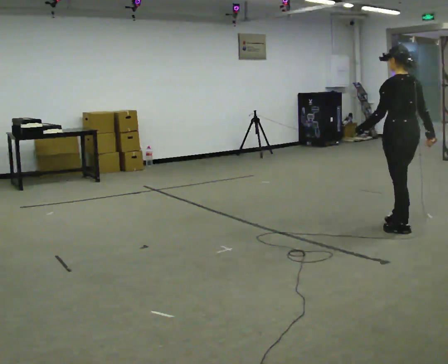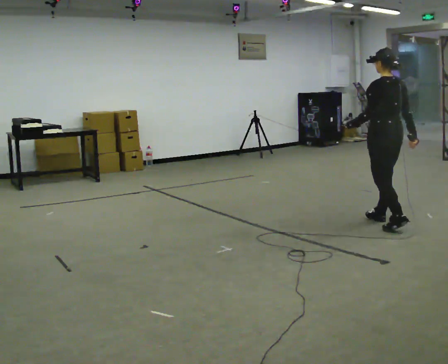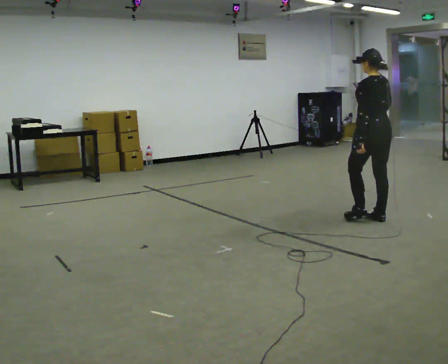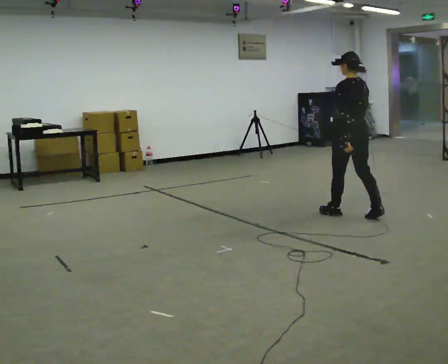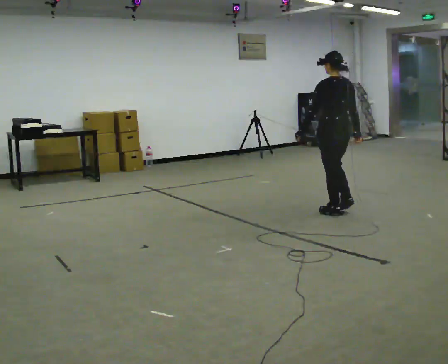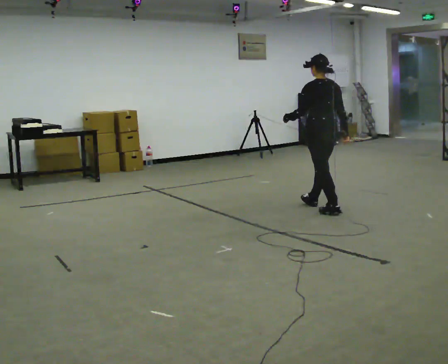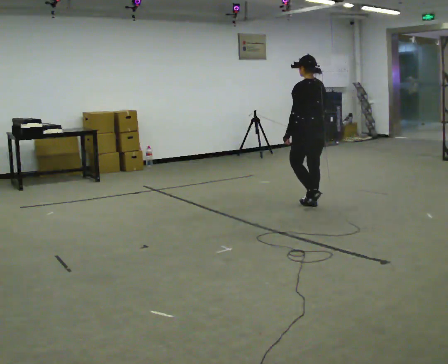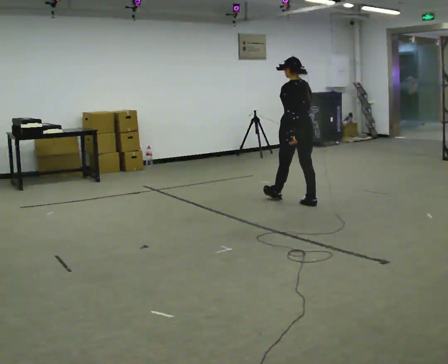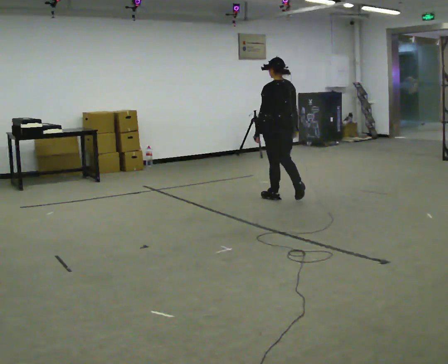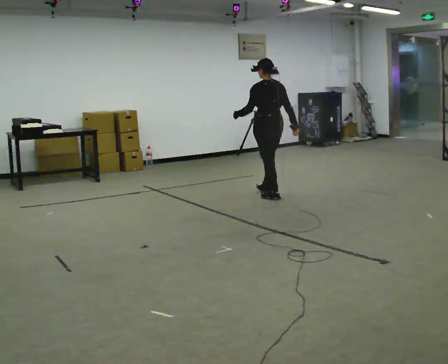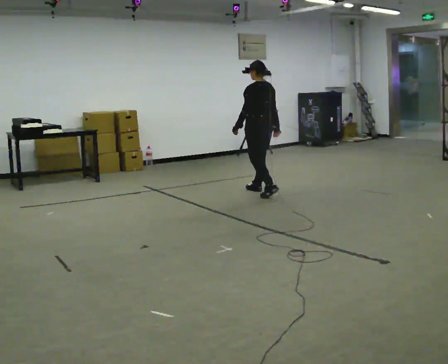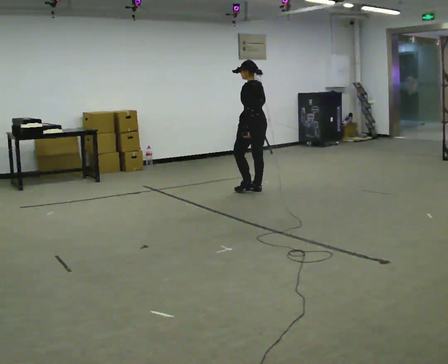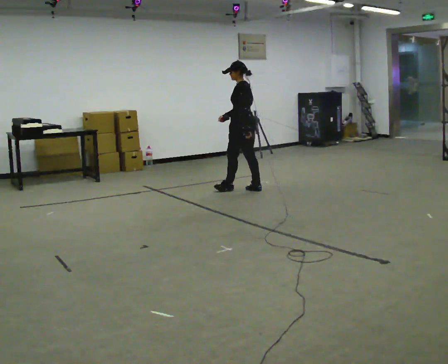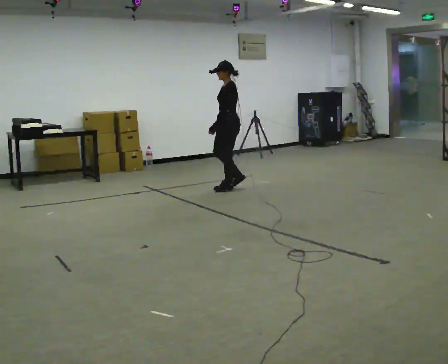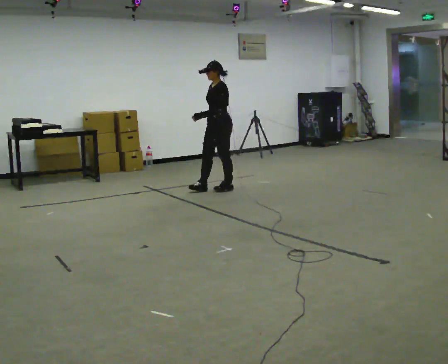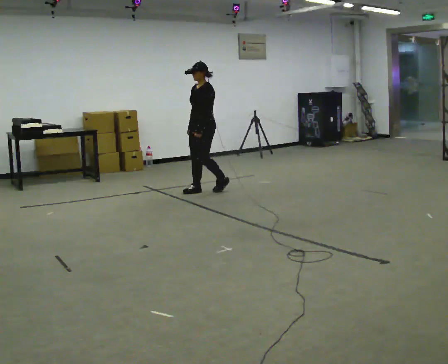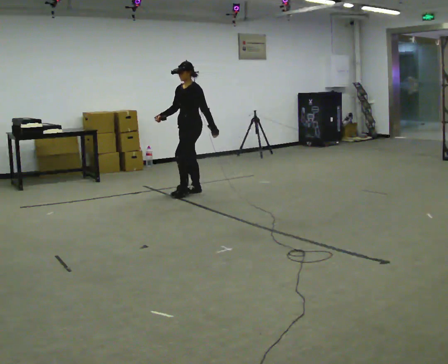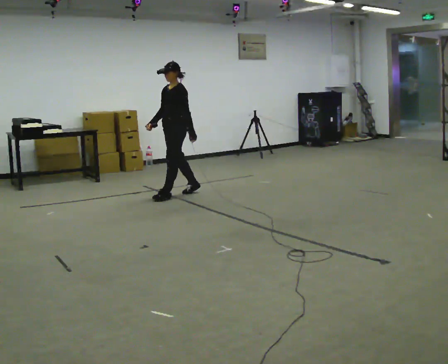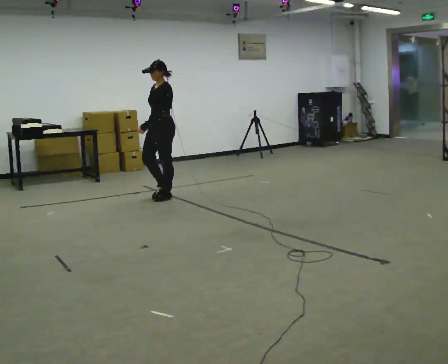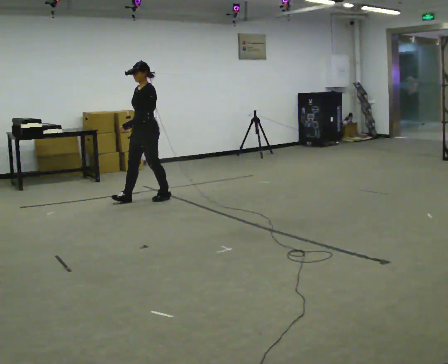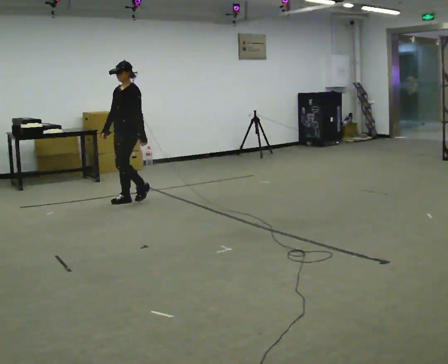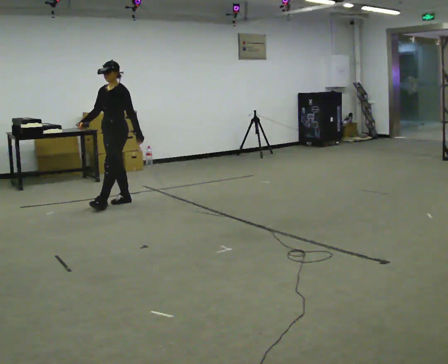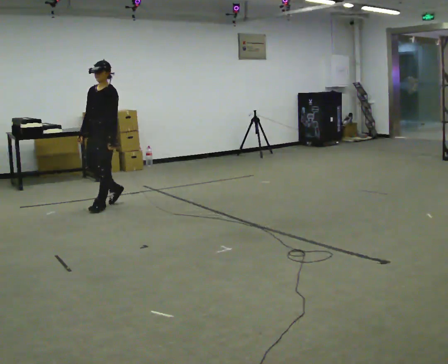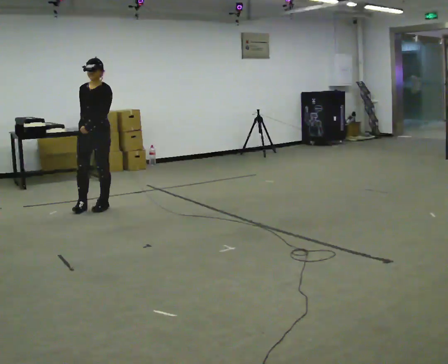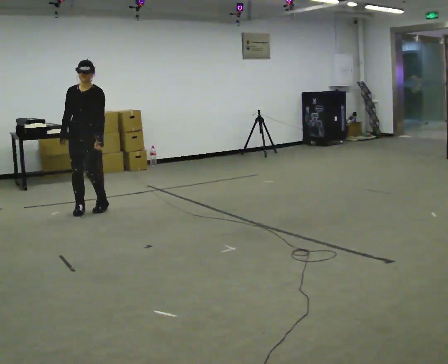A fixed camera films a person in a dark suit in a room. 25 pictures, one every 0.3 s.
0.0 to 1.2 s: In the picture they go away from the camera and to the left, about 1 m in 2 steps, which for them is forward.
1.2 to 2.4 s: In the picture they go away from the camera and to the left, about 1 m in 2 steps, which for them is forward.
2.4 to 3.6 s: The person turns about 45 degrees to their left, counterclockwise seen from above, so the part of the body nearest the lens slides to the right. In the picture they go away from the camera and to the left, about 0.75 m in 2 steps, which for them is forward.
3.6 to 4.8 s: Seen from above the body turns counterclockwise, about 60 degrees: to their left, with its near side sliding to the right. In the picture they go to the left, about 0.75 m in 1 step, which for them is forward.
4.8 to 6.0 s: In the picture they go to the left and toward the camera, about 1 m in 2 steps, which for them is forward.
6.0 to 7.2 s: The person turns about 45 degrees to their left, counterclockwise seen from above, so the part of the body nearest the lens slides to the right. In the picture they go toward the camera and to the left, about 0.5 m in 2 steps, which for them is forward.
The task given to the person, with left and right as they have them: Walk straight; turn around and walk back; use wide or tight turn.
The film runs forward here.
